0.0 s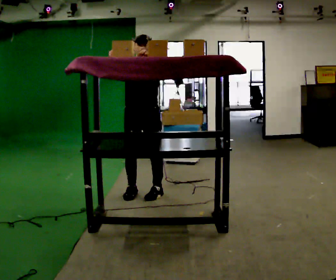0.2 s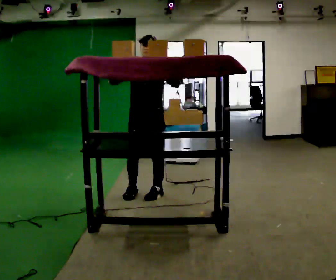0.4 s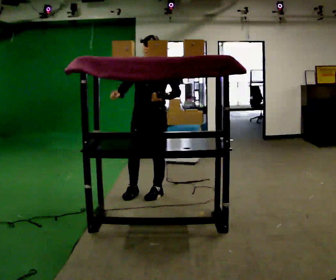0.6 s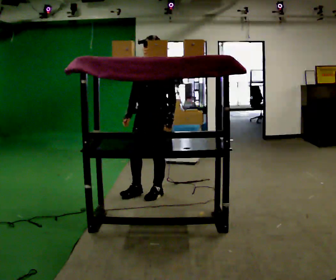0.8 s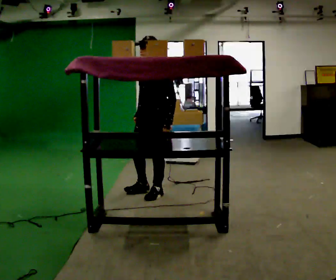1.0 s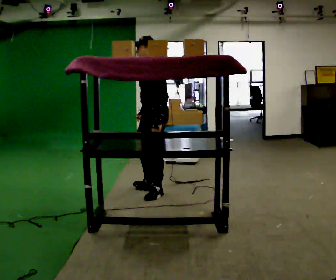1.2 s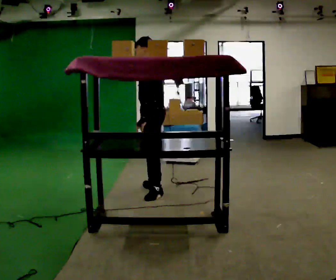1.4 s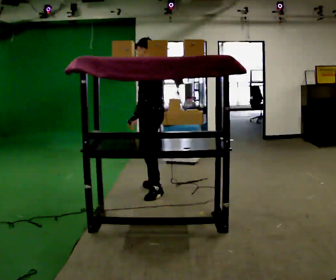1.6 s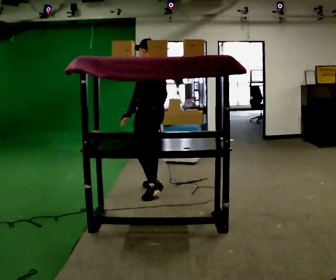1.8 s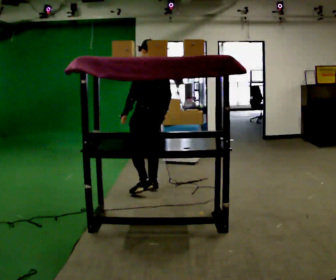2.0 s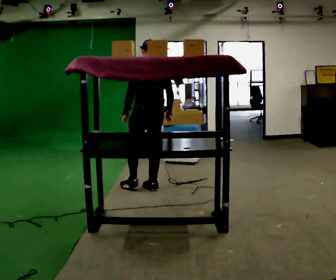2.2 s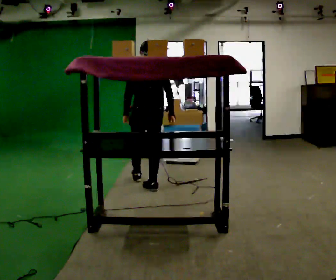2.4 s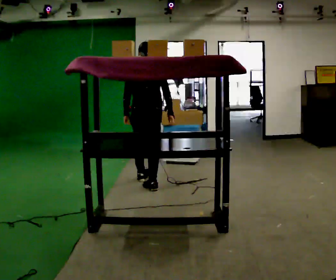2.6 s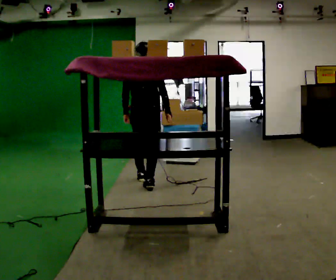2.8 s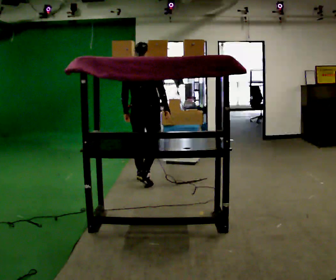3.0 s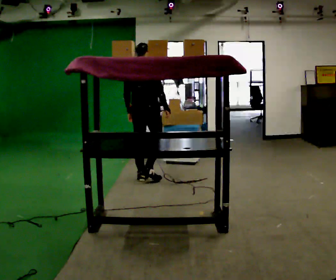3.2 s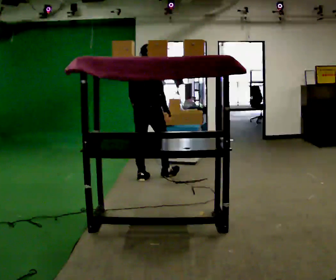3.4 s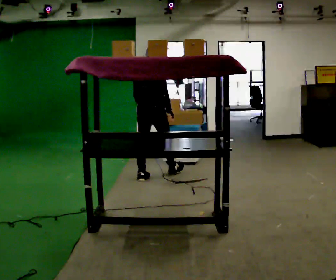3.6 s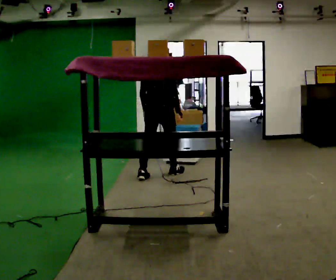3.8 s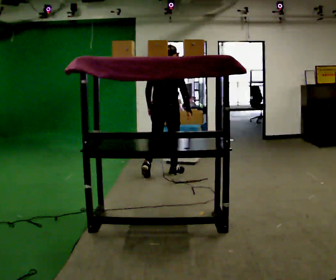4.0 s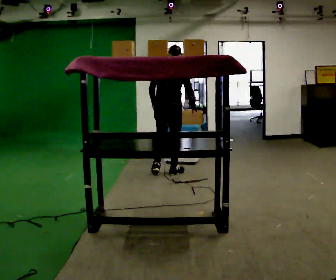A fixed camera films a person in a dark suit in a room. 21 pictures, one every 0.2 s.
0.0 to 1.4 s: The part of the body nearest the lens slides to the left as the person turns to their right by about 90 degrees. In the picture their right hand goes downward and to the right, the arm swinging counterclockwise.
1.4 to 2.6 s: Seen from above the body turns clockwise, about 90 degrees: to their right, with its near side sliding to the left. In the picture they go away from the camera, about 0.25 m in 1 step.
2.6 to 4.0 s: In the picture they go away from the camera and to the right, about 0.5 m in 1 step, which for them is forward.
The film runs forward here.
